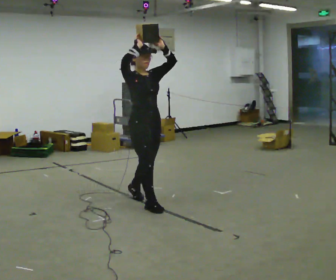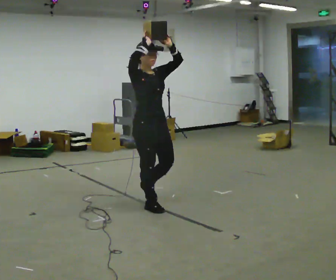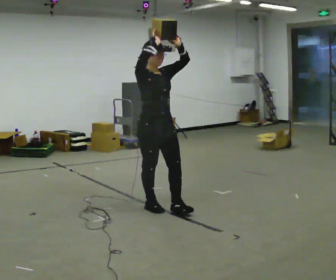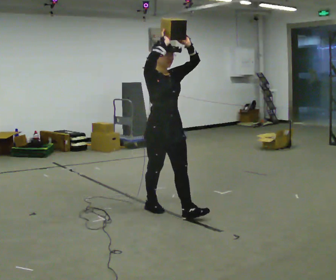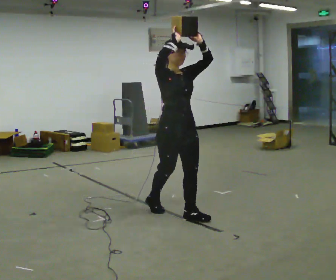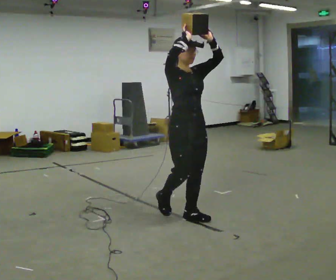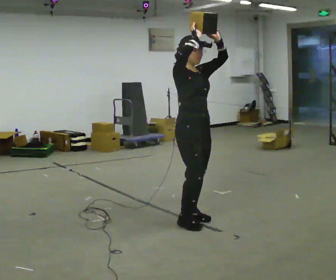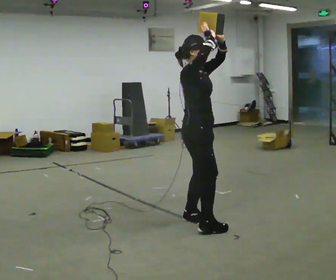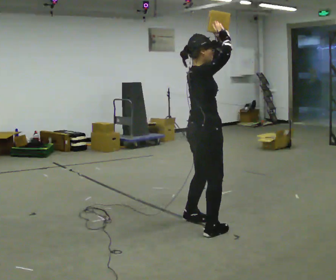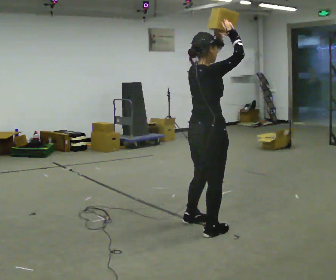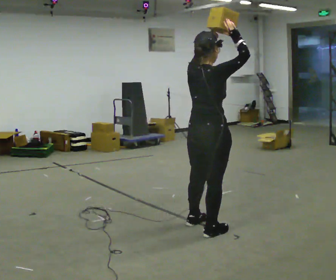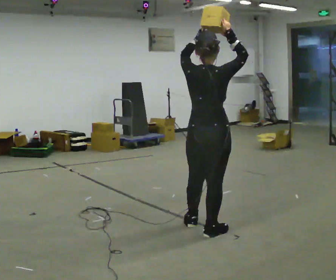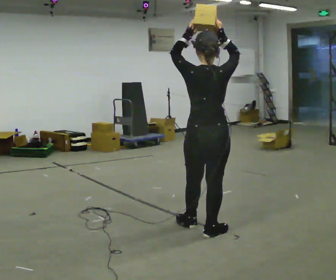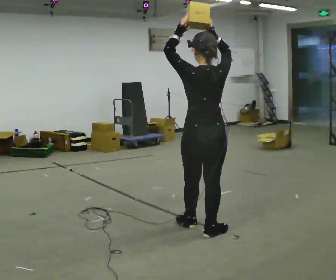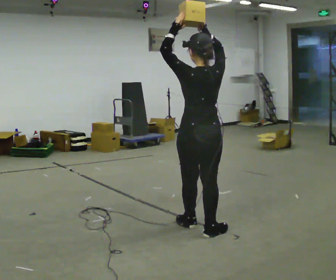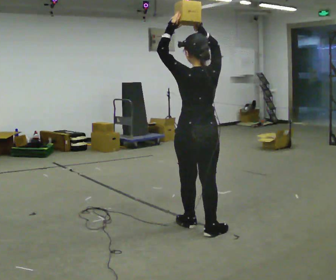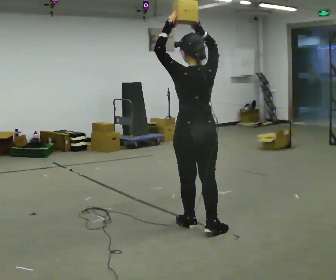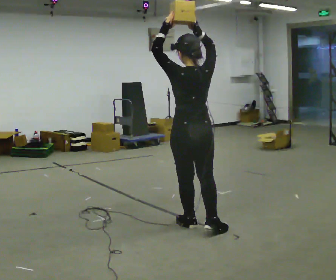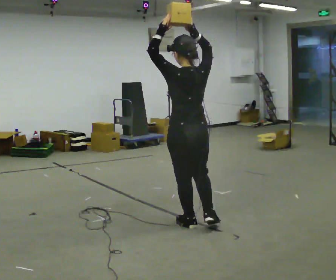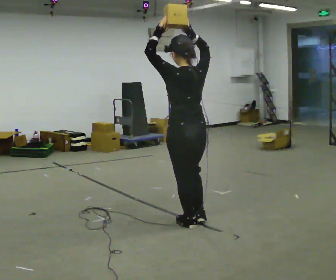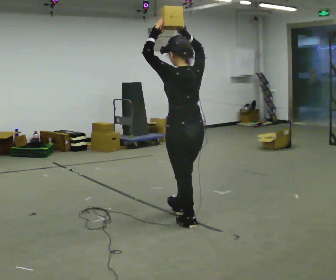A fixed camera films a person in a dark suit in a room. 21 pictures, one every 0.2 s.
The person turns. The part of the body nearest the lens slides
to the right.
The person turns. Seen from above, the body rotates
counterclockwise.
0.0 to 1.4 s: Seen from above the body turns counterclockwise, about 30 degrees: to their left, with its near side sliding to the right. In the picture they go to the right and toward the camera, about 0.5 m in 1 step, which for them is forward.
1.4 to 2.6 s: Seen from above the body turns counterclockwise, about 105 degrees: to their left, with its near side sliding to the right. In the picture they go toward the camera, about 0.25 m in 2 steps.
2.6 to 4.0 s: Seen from above the body turns counterclockwise, about 30 degrees: to their left, with its near side sliding to the right. In the picture they go to the left and away from the camera, about 0.25 m, which for them is forward.
The film runs forward here.
